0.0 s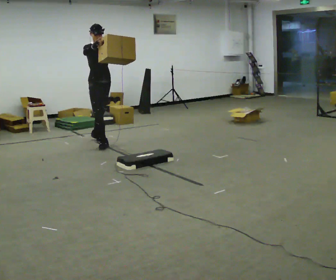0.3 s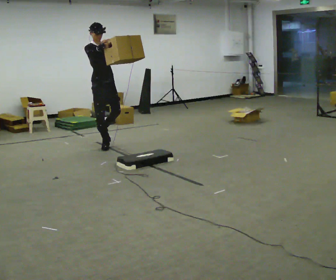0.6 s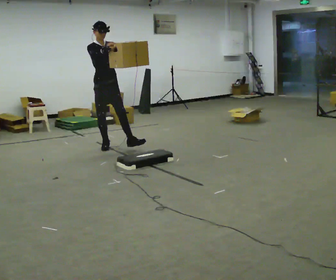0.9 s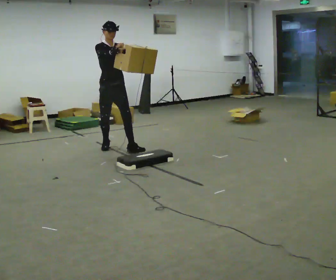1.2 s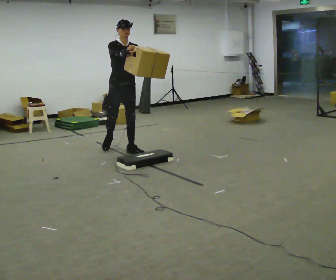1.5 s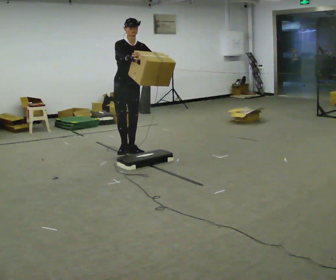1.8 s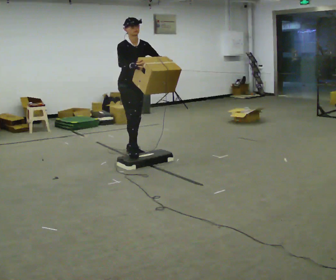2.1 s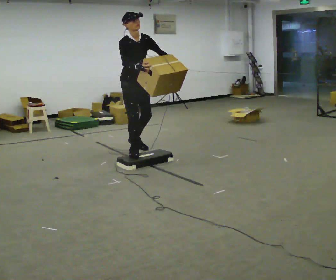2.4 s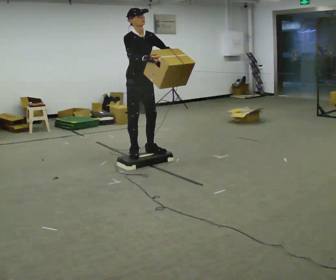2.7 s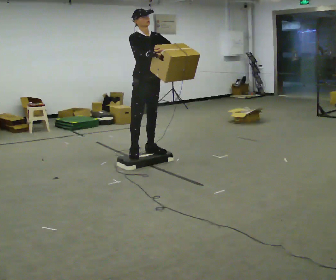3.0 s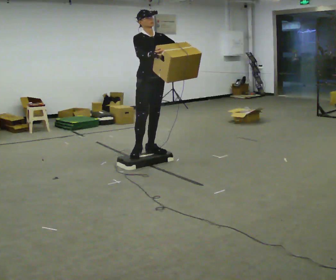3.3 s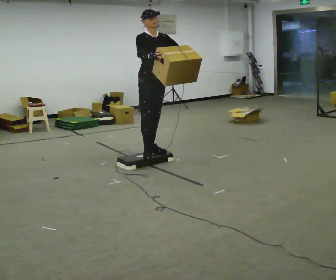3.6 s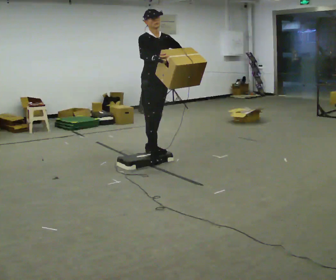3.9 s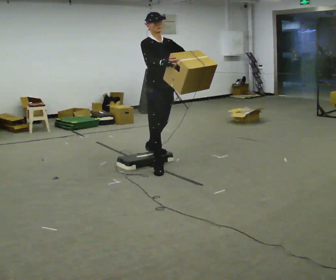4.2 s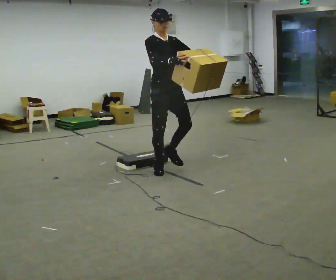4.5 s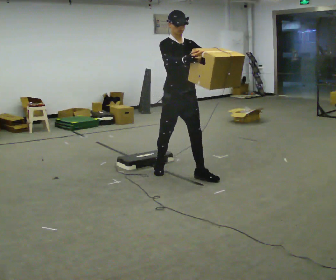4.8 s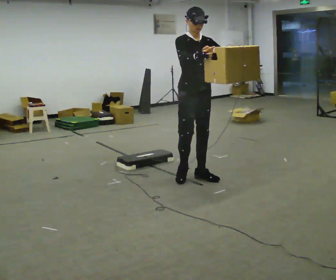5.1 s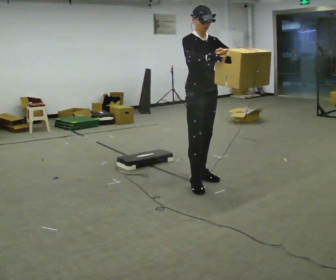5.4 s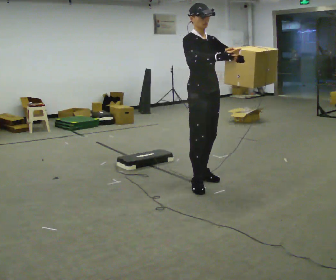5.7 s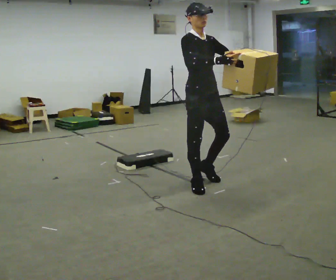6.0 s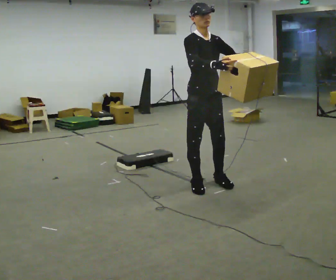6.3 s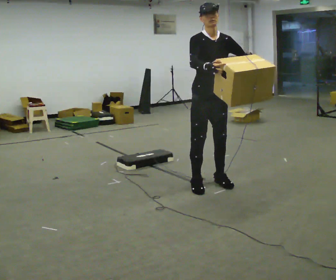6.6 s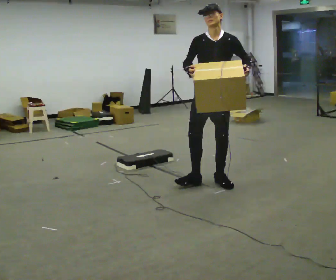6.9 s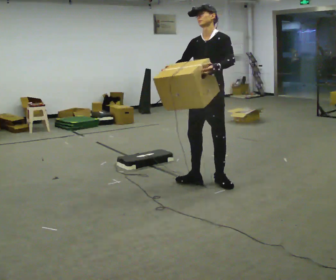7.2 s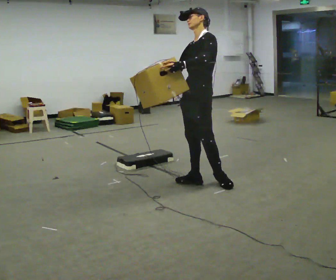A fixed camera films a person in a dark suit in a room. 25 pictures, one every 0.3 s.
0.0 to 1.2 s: In the picture they go to the right and toward the camera, about 0.75 m in 2 steps, which for them is forward.
1.2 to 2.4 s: In the picture they go toward the camera and to the right, about 0.5 m in 2 steps, which for them is forward.
2.4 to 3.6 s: In the picture they go to the right, about 0.25 m, which for them is forward.
3.6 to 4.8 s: In the picture they go toward the camera and to the right, about 1 m in 2 steps, which for them is forward.
4.8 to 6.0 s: In the picture they go toward the camera, about 0.25 m in 2 steps, which for them is forward and to their right.
6.0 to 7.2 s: The person turns about 90 degrees to their right, clockwise seen from above, so the part of the body nearest the lens slides to the left. In the picture their left hand goes to the left.
The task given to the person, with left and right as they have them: Carry the box up onto the platform, across it, and down the other side, then bring it back. Keep going until the operator says stop; one object at a time, and do not rush between trips.
The film runs forward here.
